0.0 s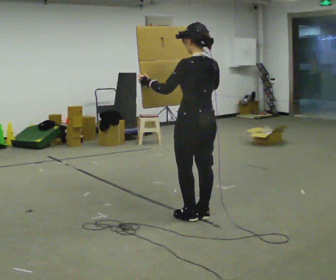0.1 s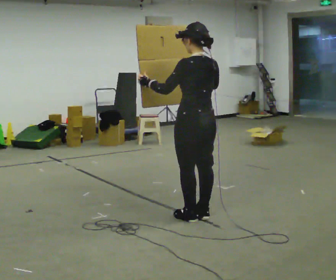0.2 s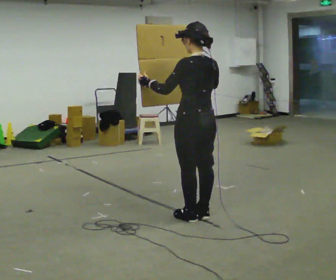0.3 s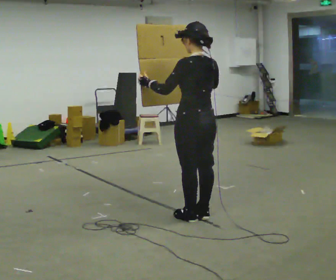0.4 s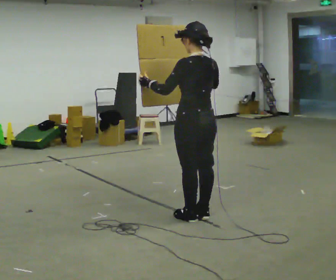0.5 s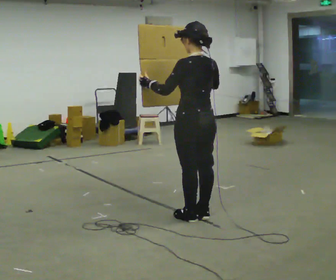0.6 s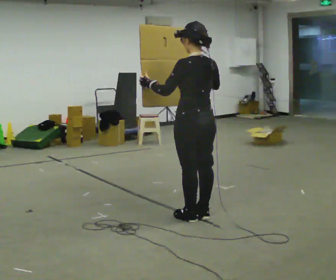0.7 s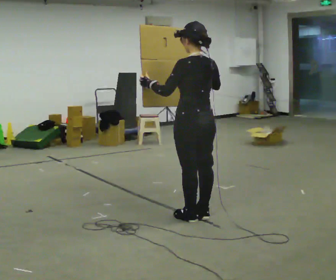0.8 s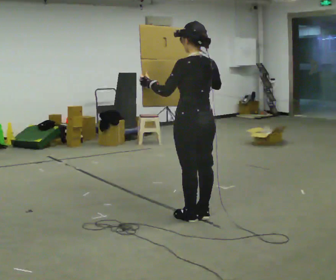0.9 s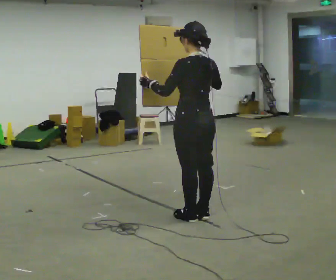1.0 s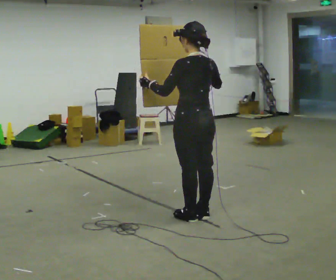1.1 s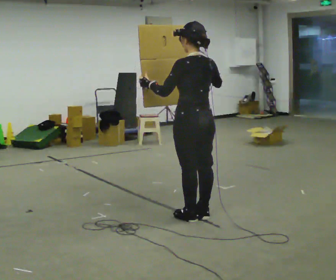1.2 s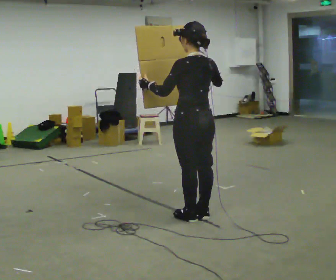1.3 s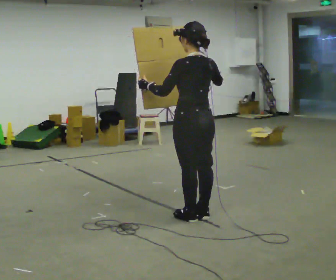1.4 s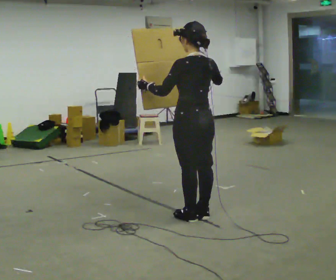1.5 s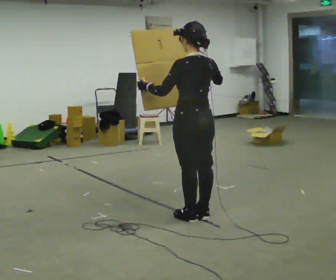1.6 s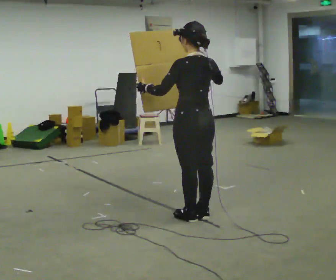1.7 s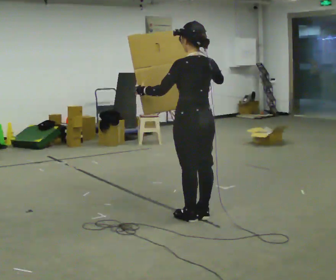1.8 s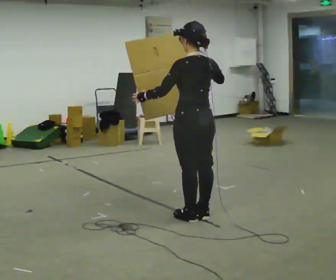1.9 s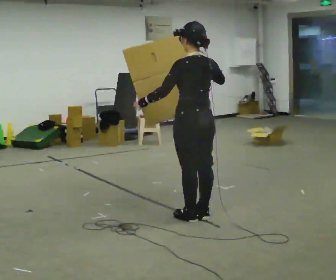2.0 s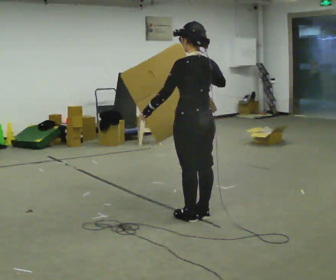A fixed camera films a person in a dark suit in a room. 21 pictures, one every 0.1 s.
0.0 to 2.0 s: The person moves a little, or ends about where they began.
The film runs backward here.
